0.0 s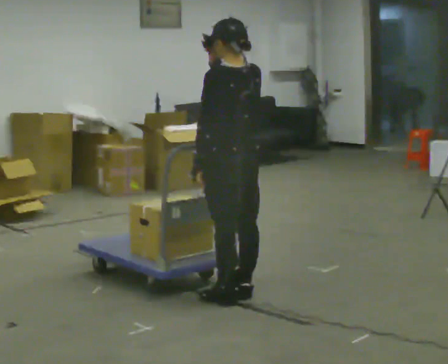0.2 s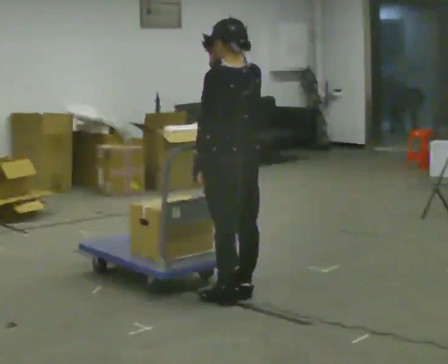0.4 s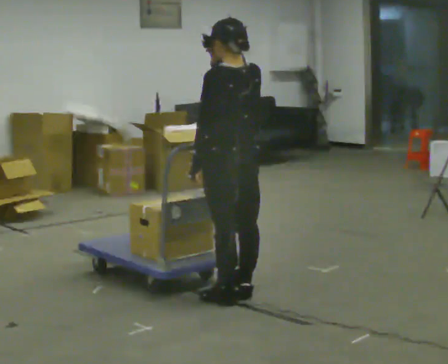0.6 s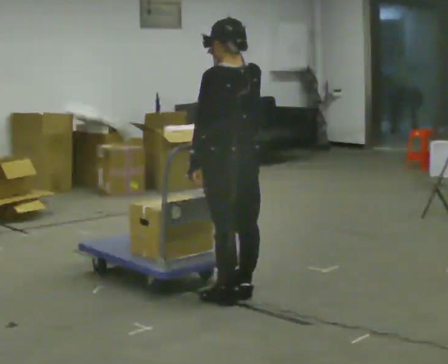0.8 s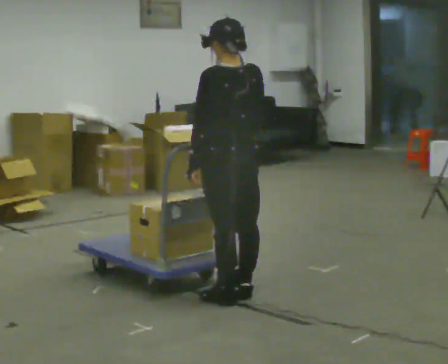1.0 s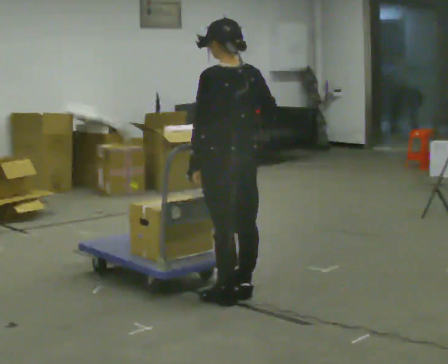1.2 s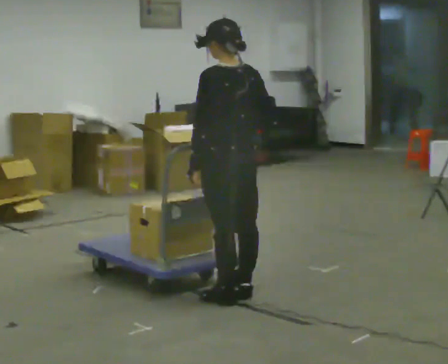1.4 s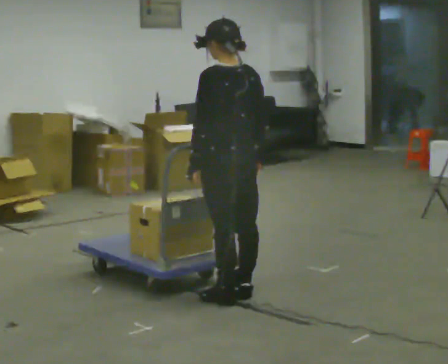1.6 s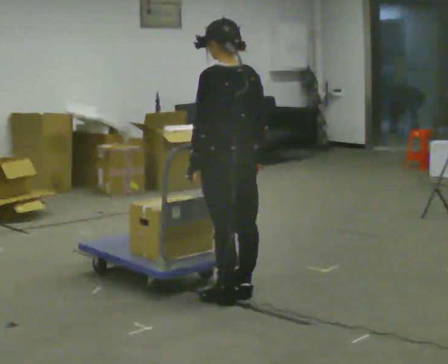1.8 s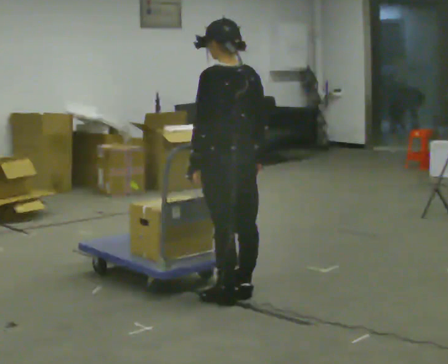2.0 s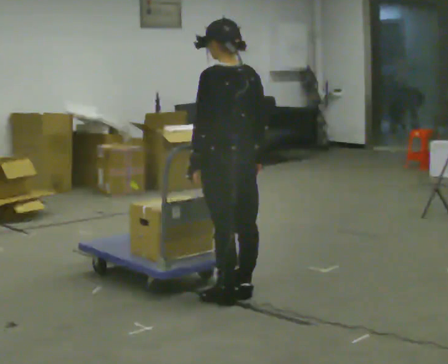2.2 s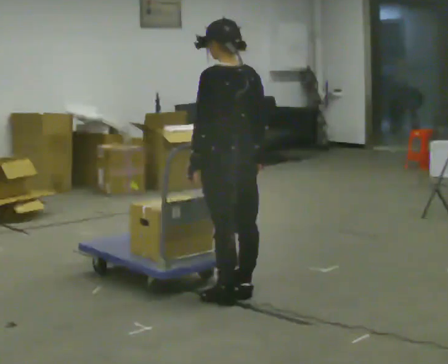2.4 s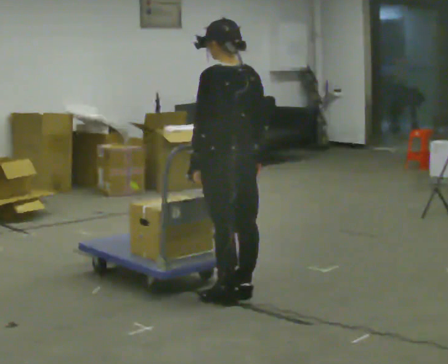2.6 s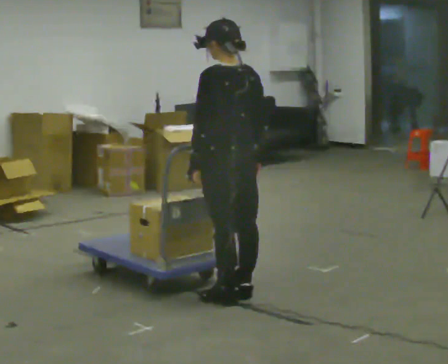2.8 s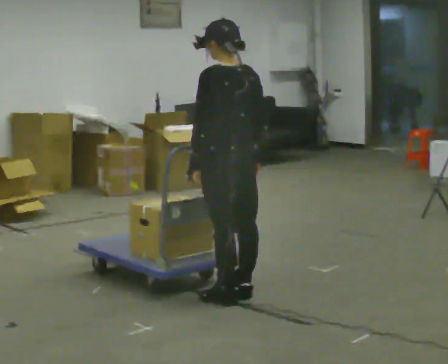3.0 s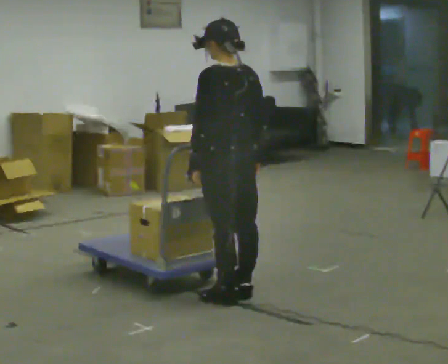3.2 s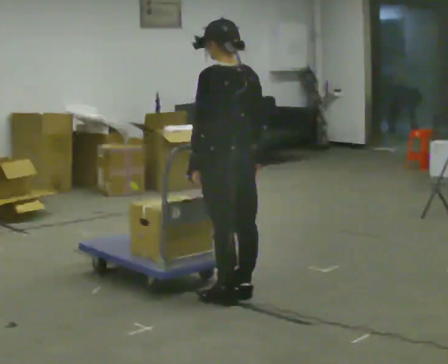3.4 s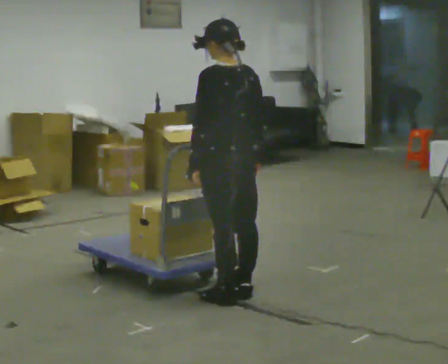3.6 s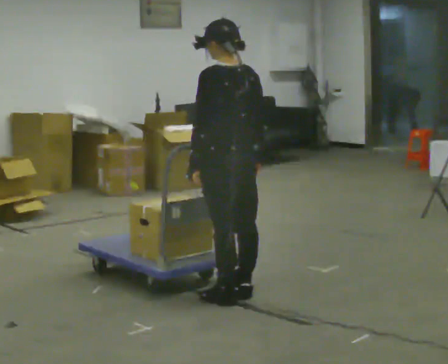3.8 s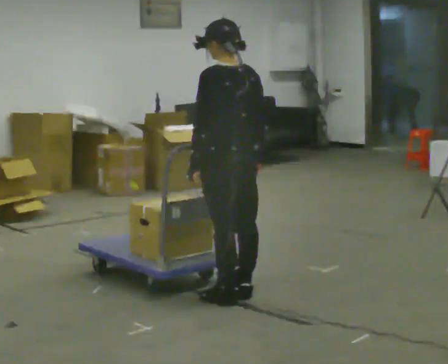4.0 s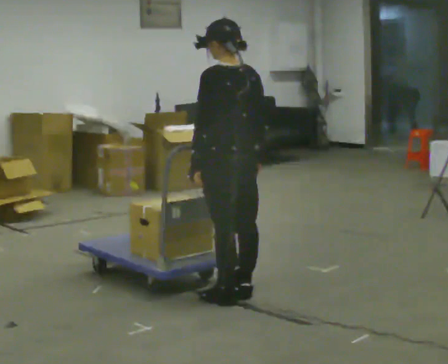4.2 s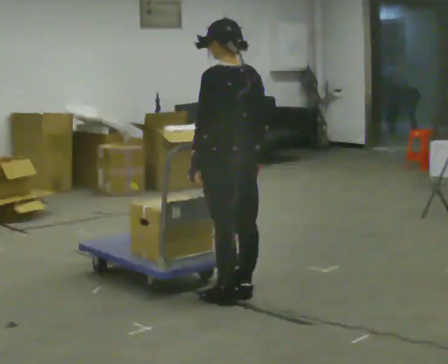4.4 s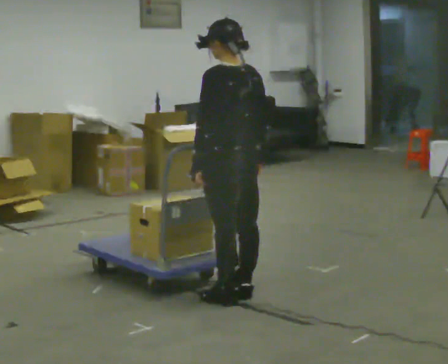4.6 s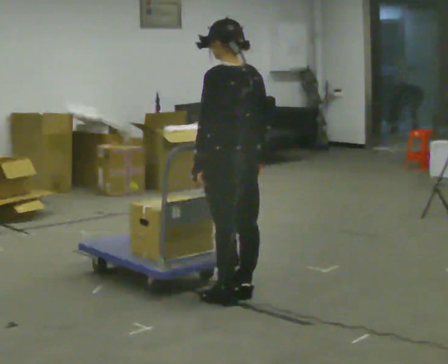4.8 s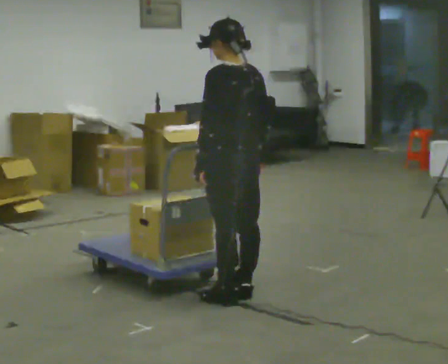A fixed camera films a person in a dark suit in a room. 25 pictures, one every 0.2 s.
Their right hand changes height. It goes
downward.
0.0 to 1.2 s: In the picture their right hand goes downward.
1.2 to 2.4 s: The person moves a little, or ends about where they began.
2.4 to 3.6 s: The person keeps their place and pose.
3.6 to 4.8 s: The person moves a little, or ends about where they began.
The film runs backward here.
